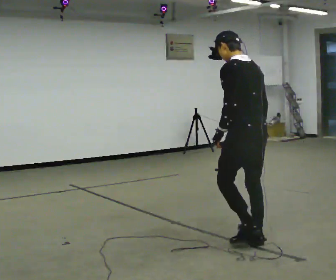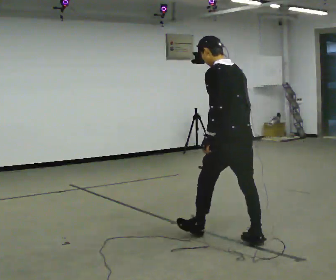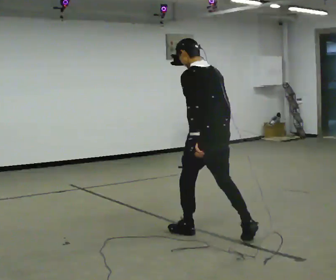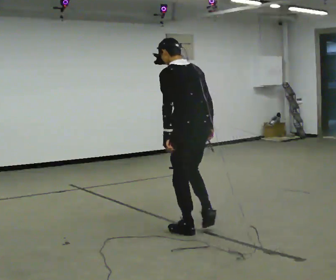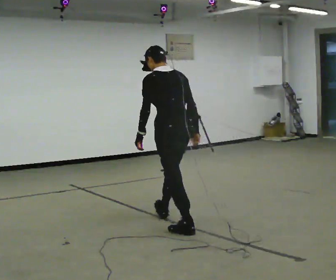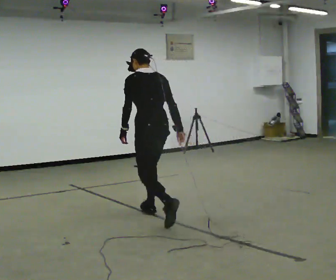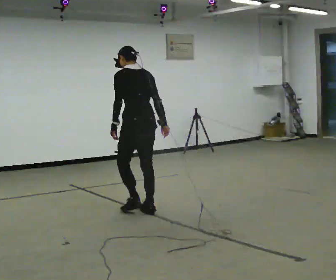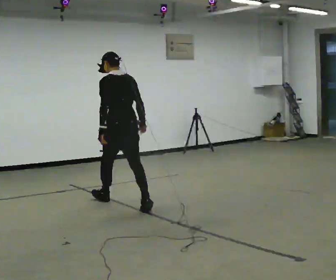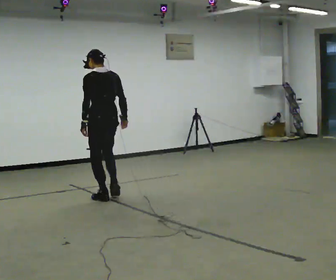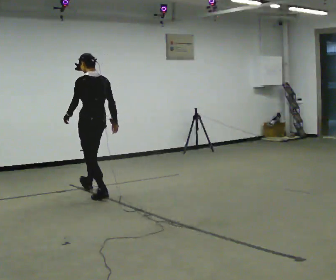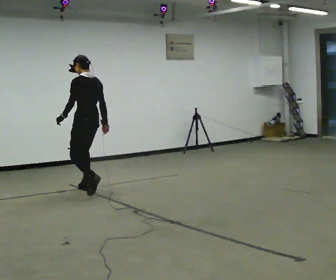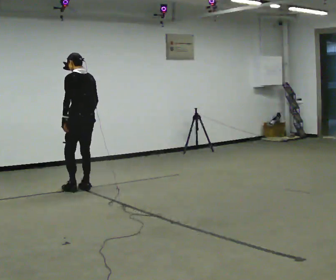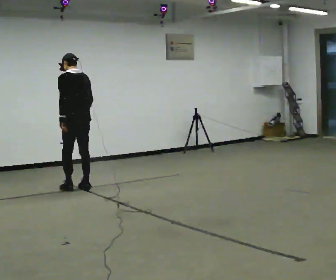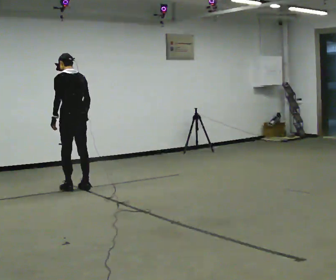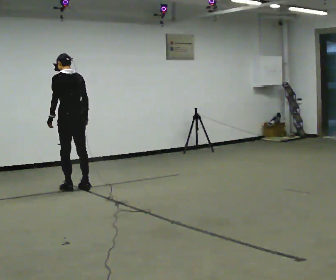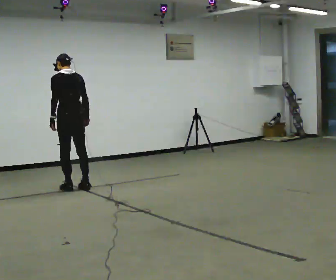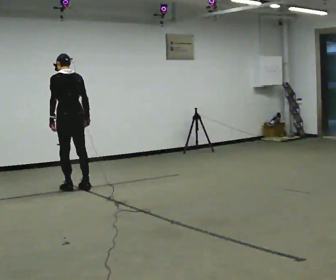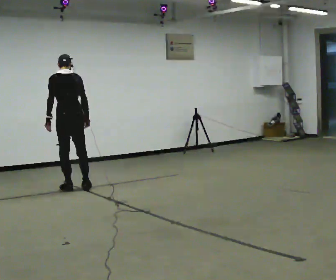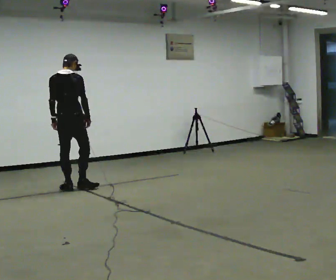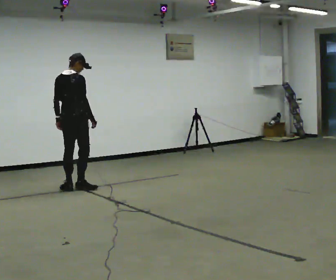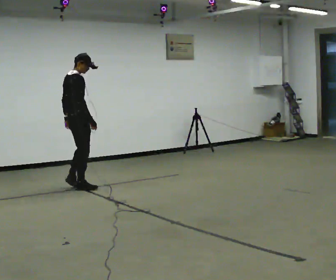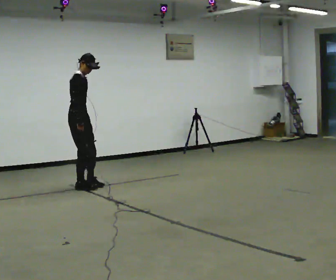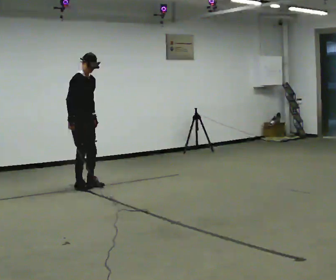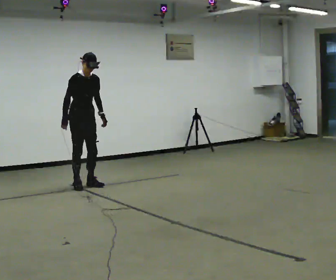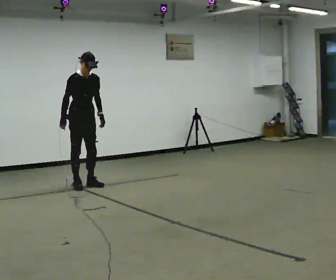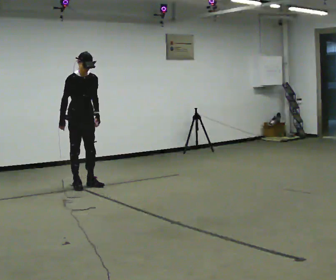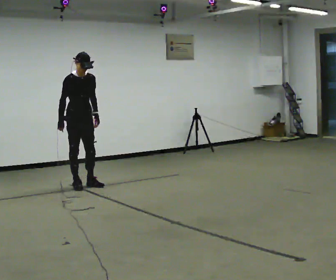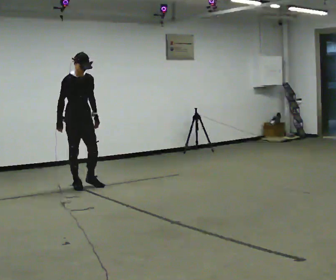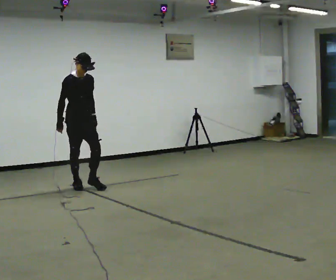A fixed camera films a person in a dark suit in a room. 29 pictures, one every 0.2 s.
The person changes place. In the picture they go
away from the camera.
0.0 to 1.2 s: In the picture they go away from the camera and to the left, about 1.5 m in 2 steps, which for them is forward.
1.2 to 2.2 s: In the picture they go away from the camera and to the left, about 1.5 m in 2 steps, which for them is forward.
2.2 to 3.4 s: In the picture they go to the left, about 0.25 m in 1 step, which for them is to their left.
3.4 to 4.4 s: The part of the body nearest the lens slides to the left as the person turns to their right by about 150 degrees. In the picture they go away from the camera, about 0.25 m in 1 step. In the picture the upper body tilts clockwise, shoulders to the right.
4.4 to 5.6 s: In the picture they go toward the camera, about 0.25 m, which for them is forward.
The film runs forward here.
